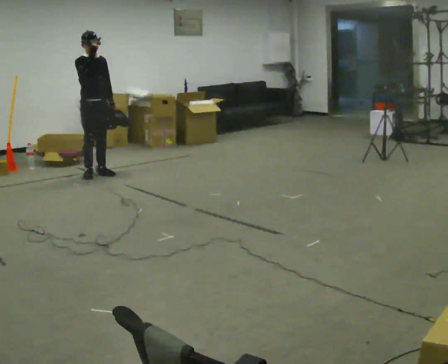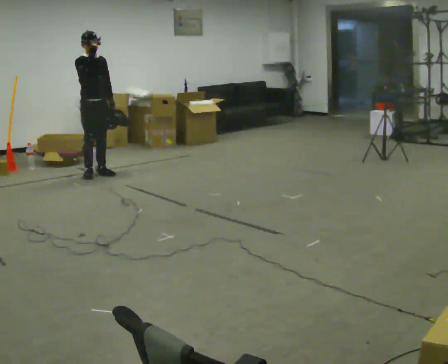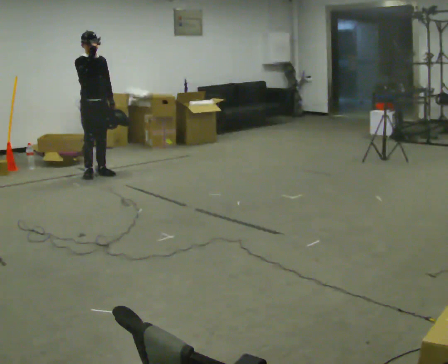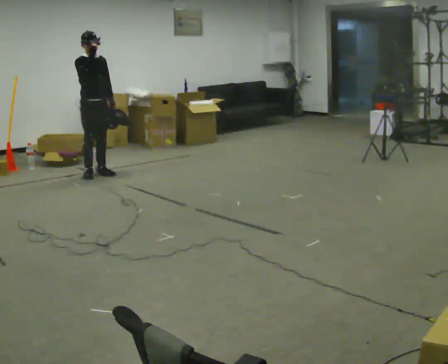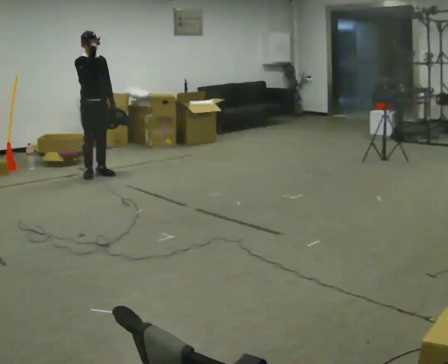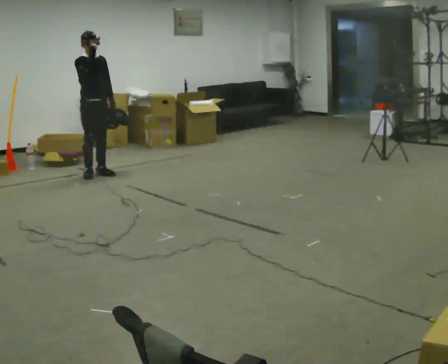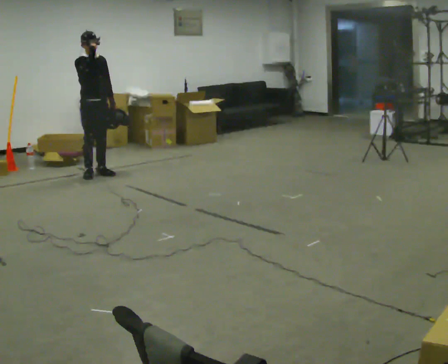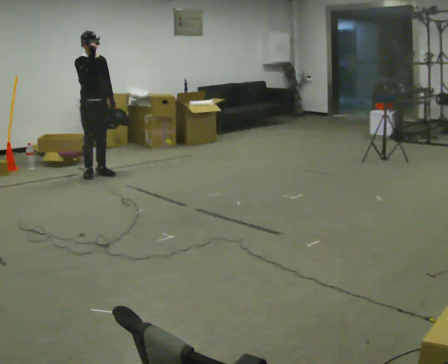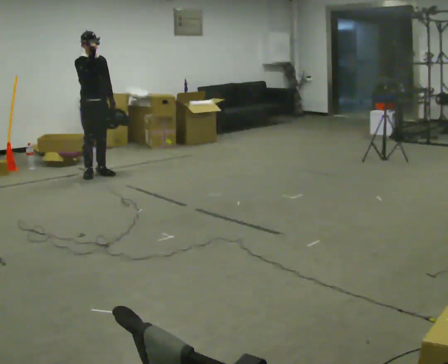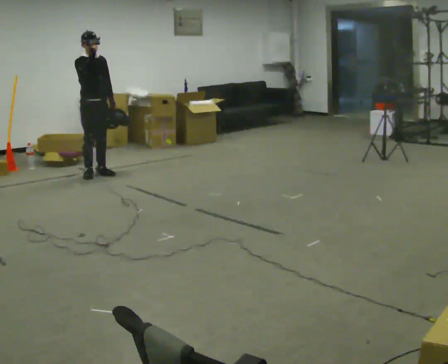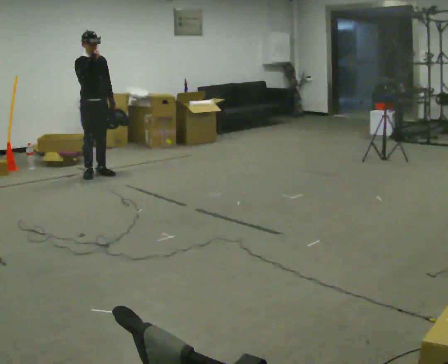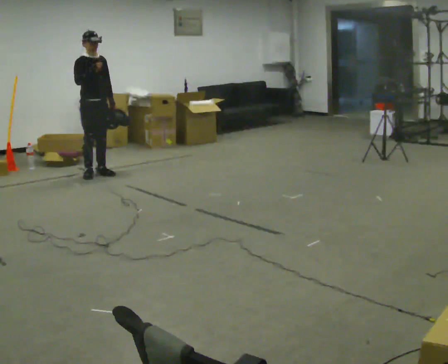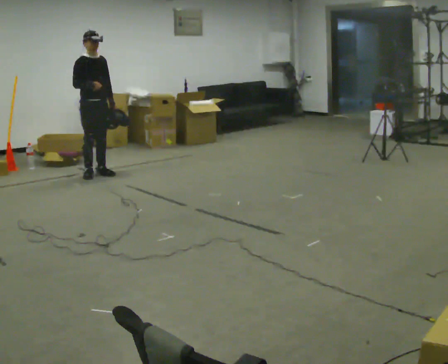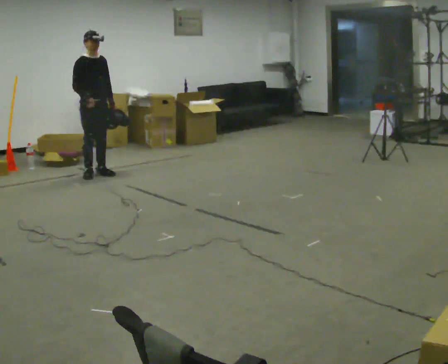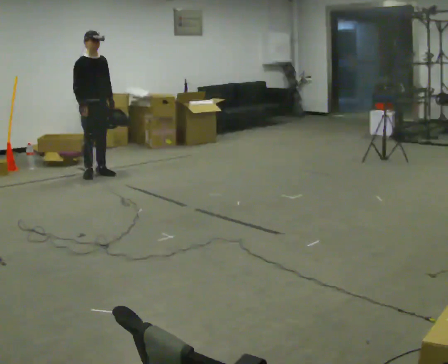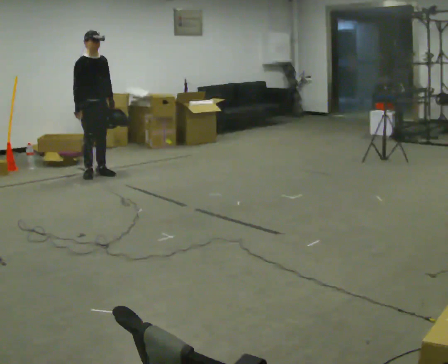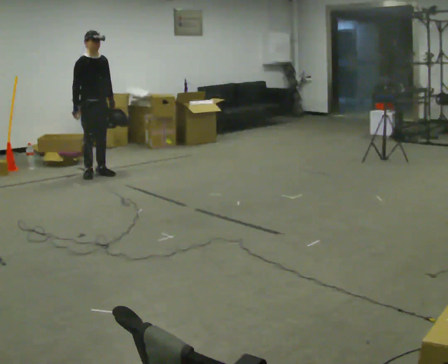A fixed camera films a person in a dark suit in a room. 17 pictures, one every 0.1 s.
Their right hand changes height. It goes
downward.
0.0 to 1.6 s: In the picture their right hand goes downward.
The film runs forward here.
